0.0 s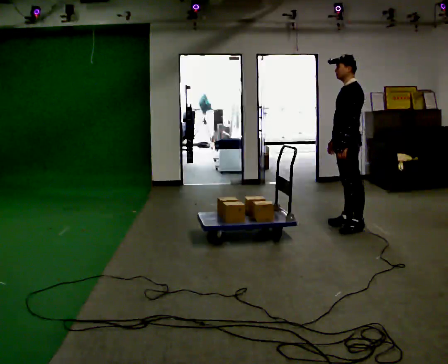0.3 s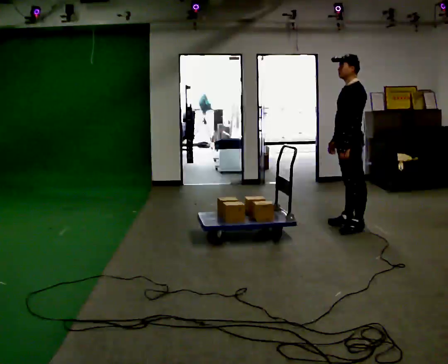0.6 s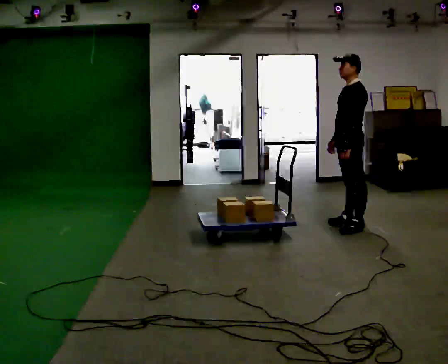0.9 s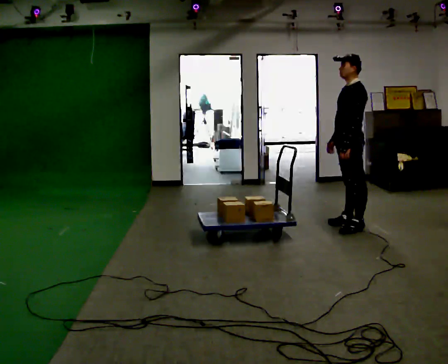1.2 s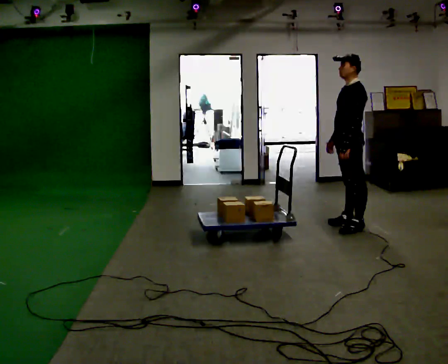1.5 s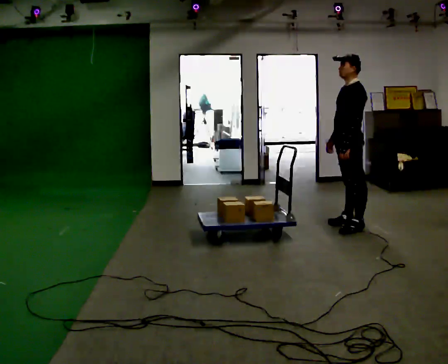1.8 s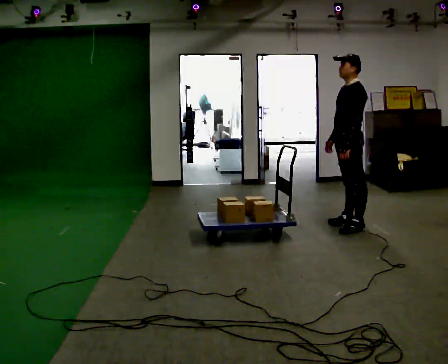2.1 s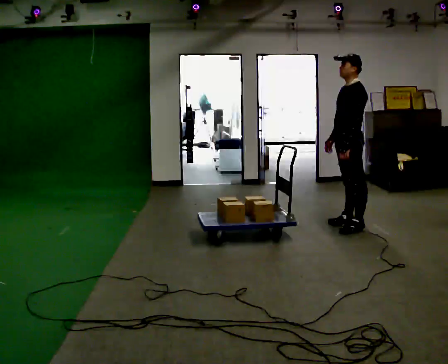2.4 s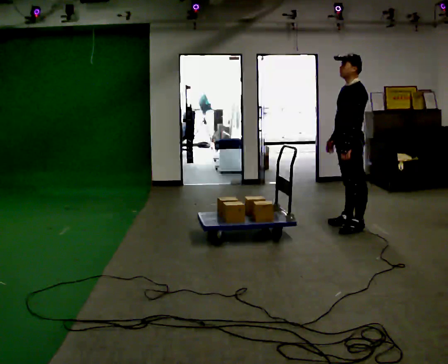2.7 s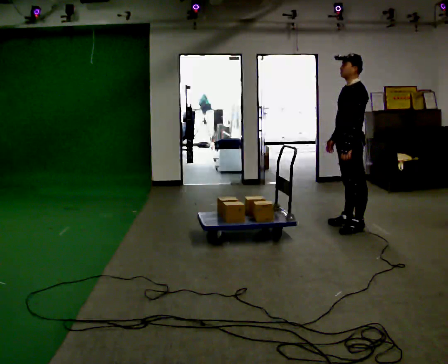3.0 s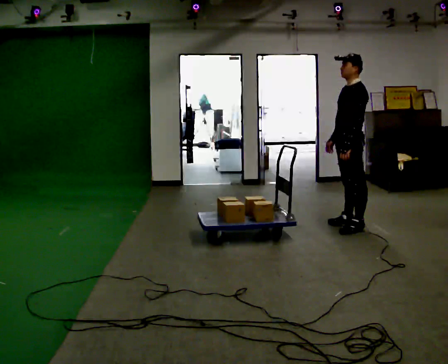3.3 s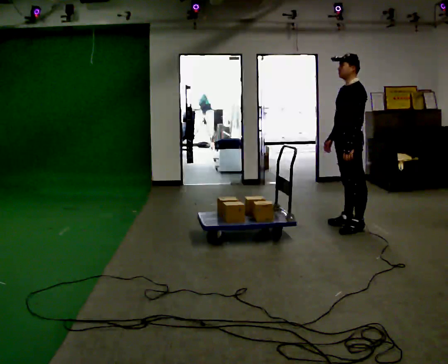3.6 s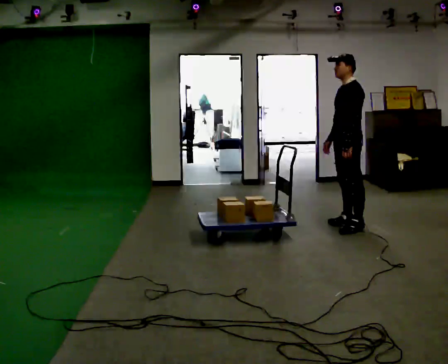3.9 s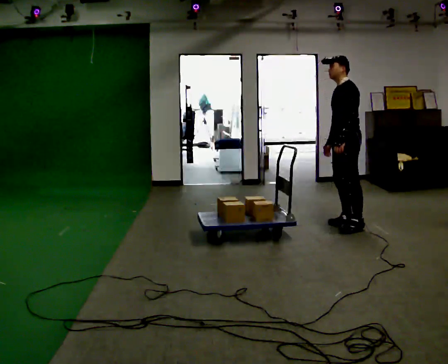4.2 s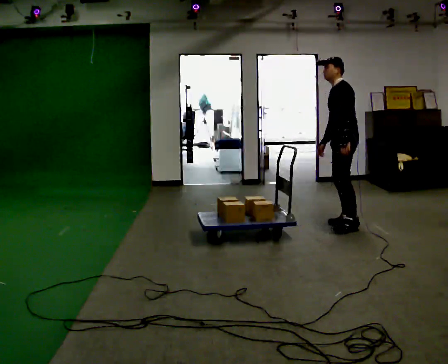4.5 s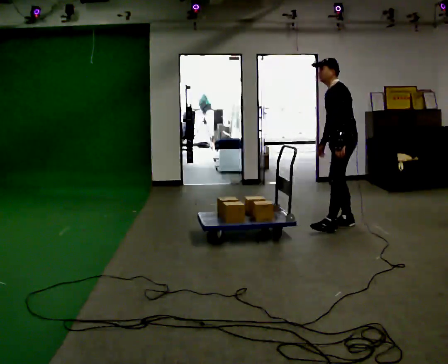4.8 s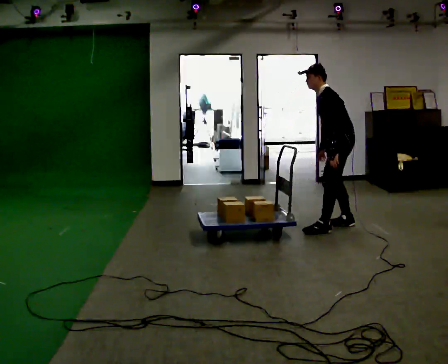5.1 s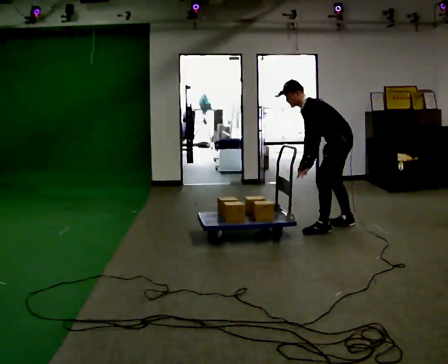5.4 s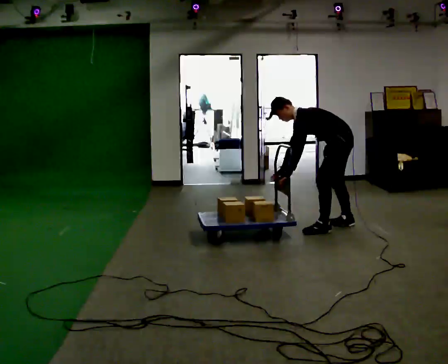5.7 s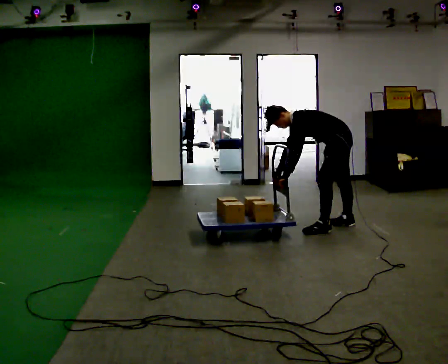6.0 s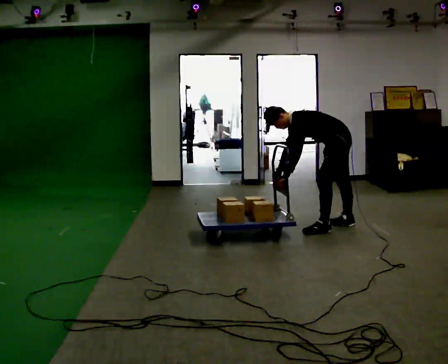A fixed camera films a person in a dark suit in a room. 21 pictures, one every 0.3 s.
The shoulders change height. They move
downward.
The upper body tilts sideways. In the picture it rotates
counterclockwise.
0.0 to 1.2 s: The person moves a little, or ends about where they began.
1.2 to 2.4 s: The person keeps their place and pose.
2.4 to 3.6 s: The person moves a little, or ends about where they began.
3.6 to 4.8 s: In the picture the upper body tilts counterclockwise, shoulders to the left, as they bend forward.
4.8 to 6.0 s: The upper body goes downward. In the picture the upper body tilts counterclockwise, shoulders to the left, as they bend forward. In the picture their right hand goes to the left.
The film runs backward here.
